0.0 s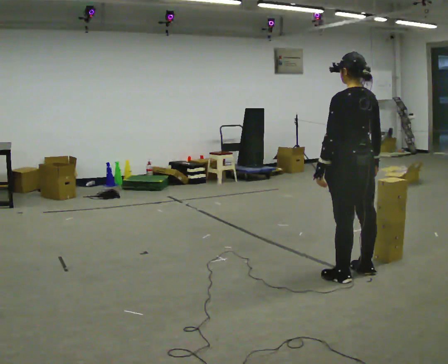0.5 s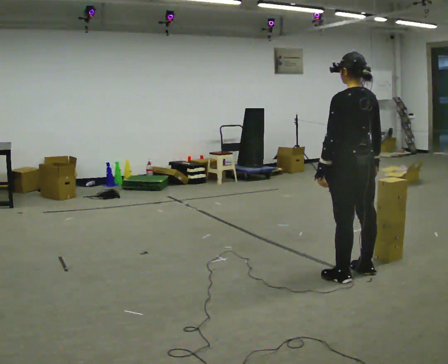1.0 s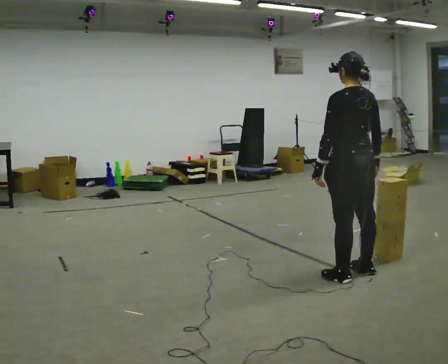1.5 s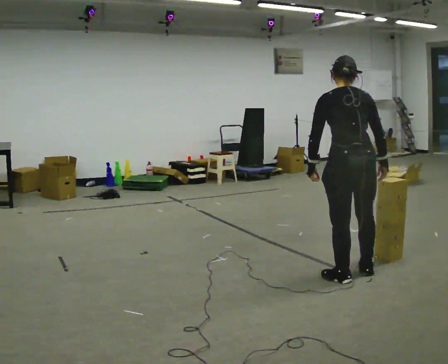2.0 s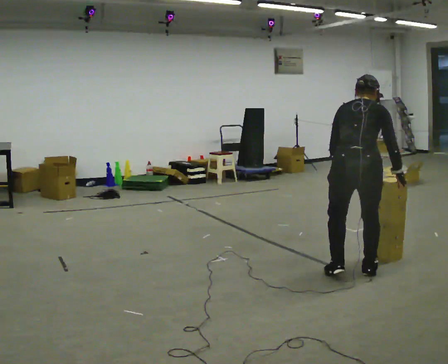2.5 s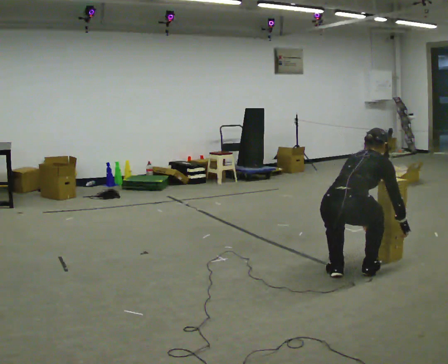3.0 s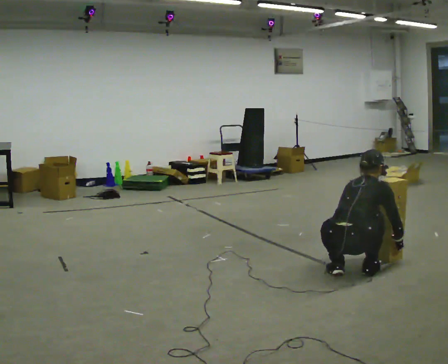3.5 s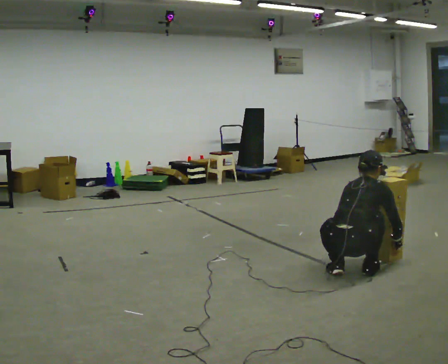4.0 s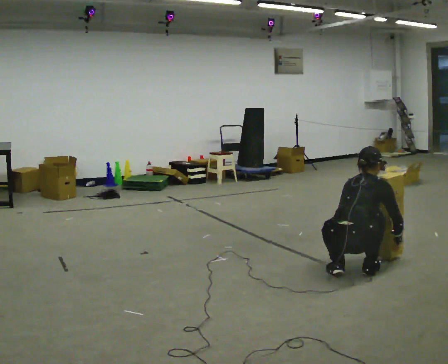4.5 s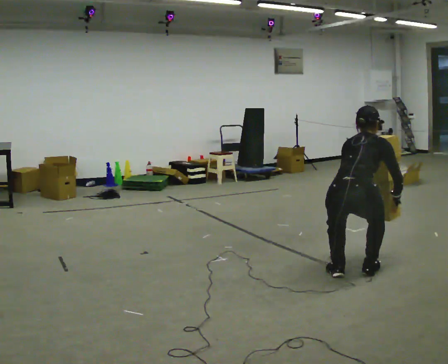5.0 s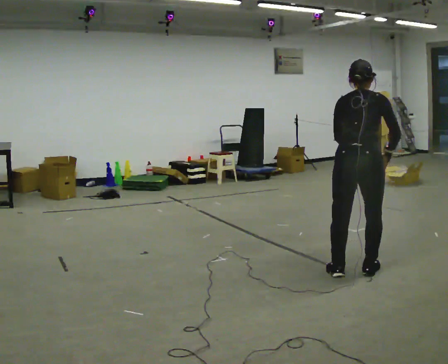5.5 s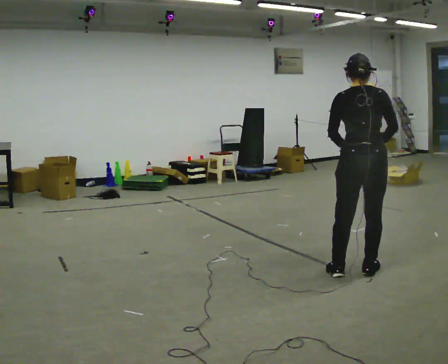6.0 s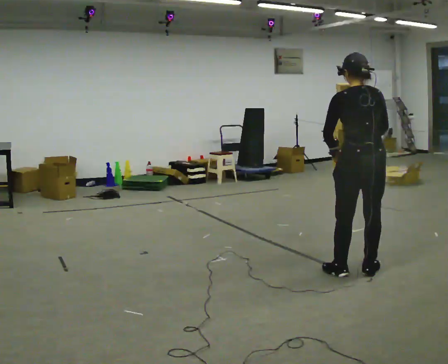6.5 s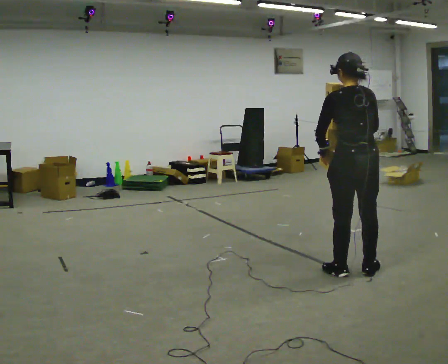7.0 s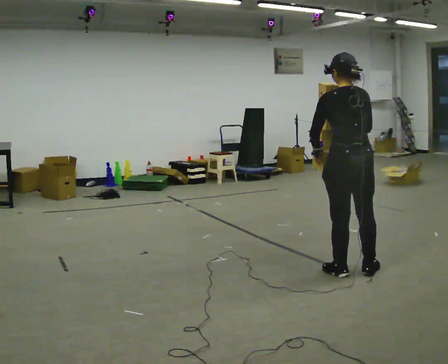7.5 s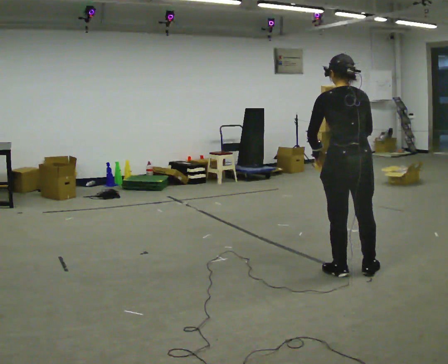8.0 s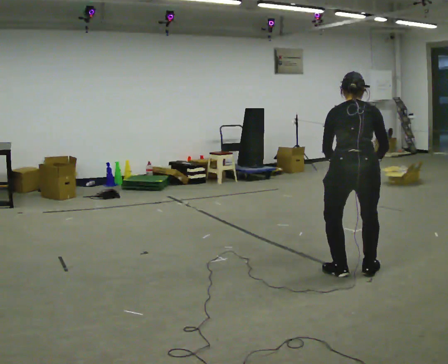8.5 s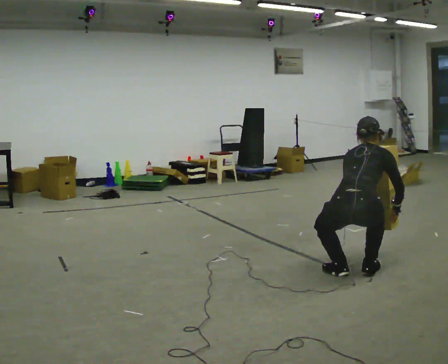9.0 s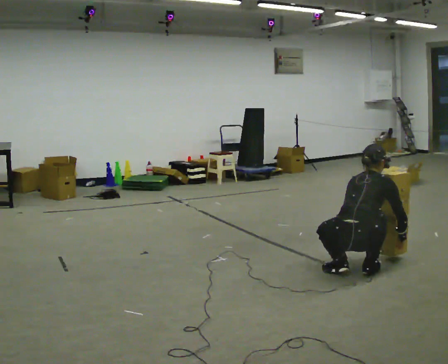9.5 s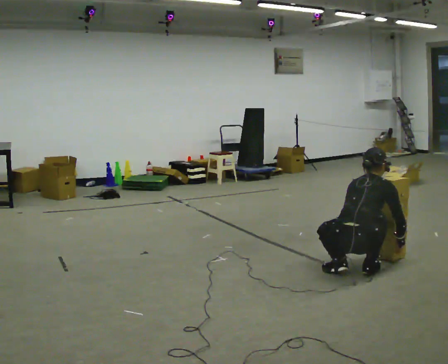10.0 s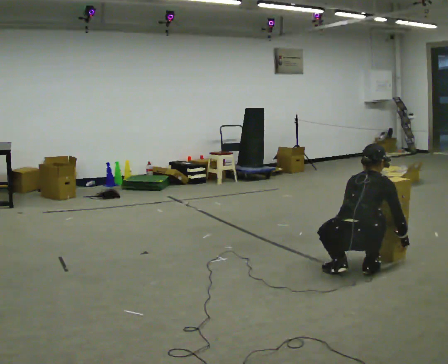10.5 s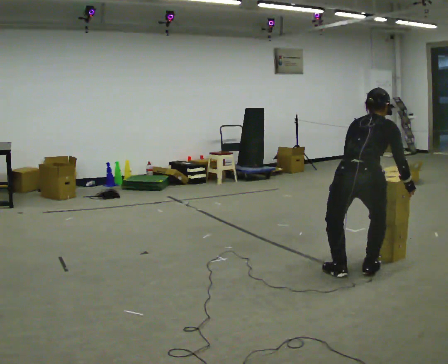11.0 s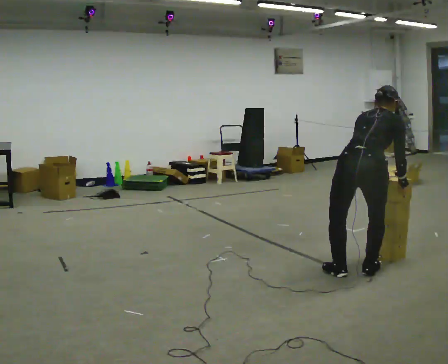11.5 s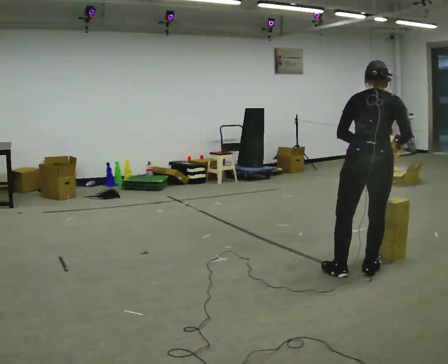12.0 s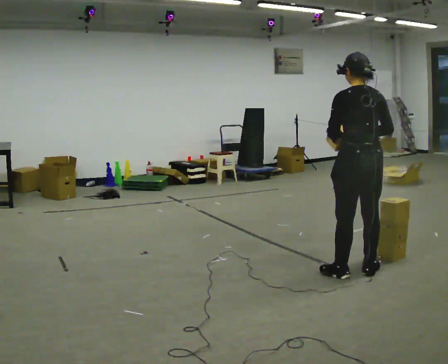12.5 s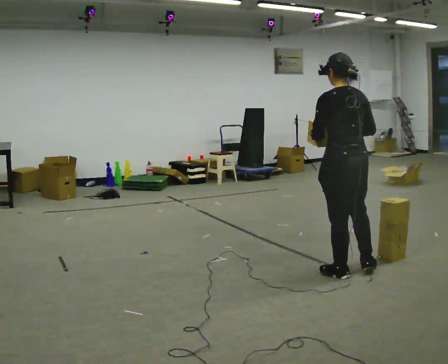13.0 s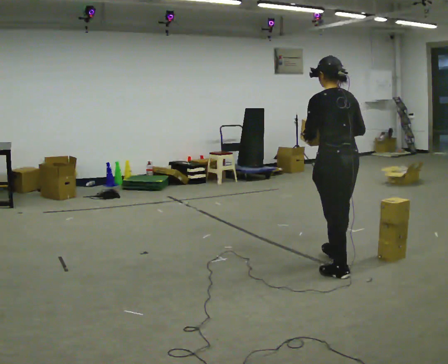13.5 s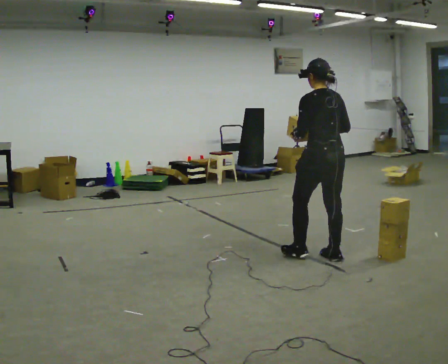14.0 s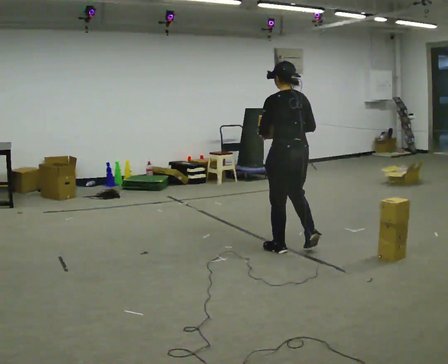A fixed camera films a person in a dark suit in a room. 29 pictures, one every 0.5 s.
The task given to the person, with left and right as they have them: Carry the stack of boxes across the room without letting it fall over, then bring it back. Keep going until the operator says stop; one object at a time, and do not rush between trips.
0.0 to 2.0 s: The person turns about 45 degrees to their right, clockwise seen from above, so the part of the body nearest the lens slides to the left. The upper body tips away from the camera, its near side rolling upward, as they bend forward.
2.0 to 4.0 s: The shoulders move downward. In the picture their left hand goes downward.
4.0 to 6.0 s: Seen from above the body turns counterclockwise, about 45 degrees: to their left, with its near side sliding to the right. The upper body goes upward. The upper body tips toward the camera, its near side rolling downward, as they lean back or straighten. In the picture their right hand goes upward.
6.0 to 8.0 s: The upper body tips away from the camera, its near side rolling upward, as they bend forward.
8.0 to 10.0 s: The upper body goes downward. In the picture the upper body tilts clockwise, shoulders to the right. In the picture their right hand goes downward.
10.0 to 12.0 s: Seen from above the body turns counterclockwise, about 45 degrees: to their left, with its near side sliding to the right. The shoulders move upward. The upper body tips toward the camera, its near side rolling downward, as they lean back or straighten. In the picture their right hand goes upward and to the left.
12.0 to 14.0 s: In the picture they go away from the camera and to the left, about 1 m in 2 steps, which for them is forward.
The film runs forward here.
